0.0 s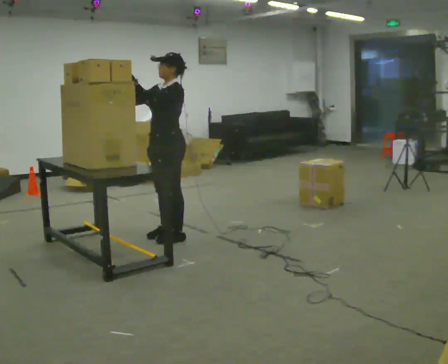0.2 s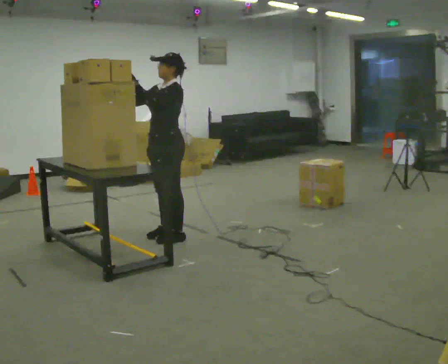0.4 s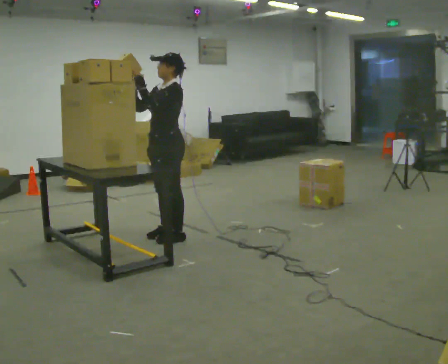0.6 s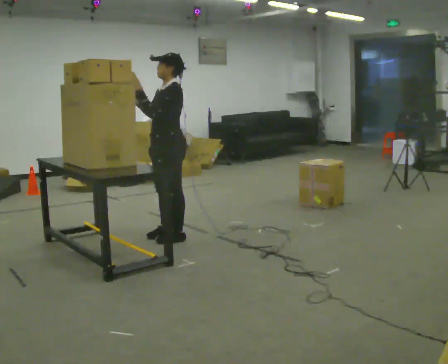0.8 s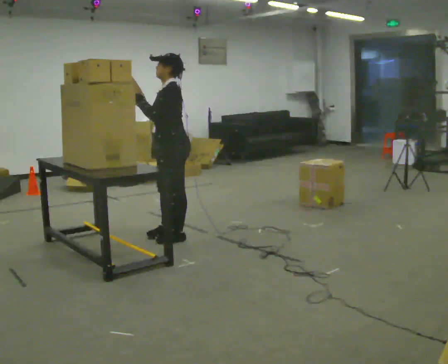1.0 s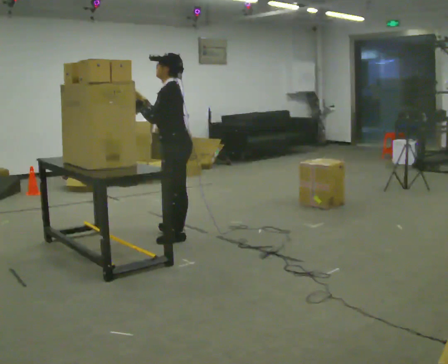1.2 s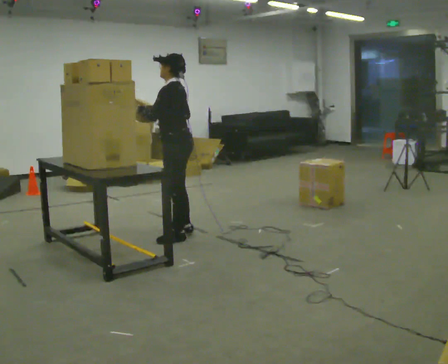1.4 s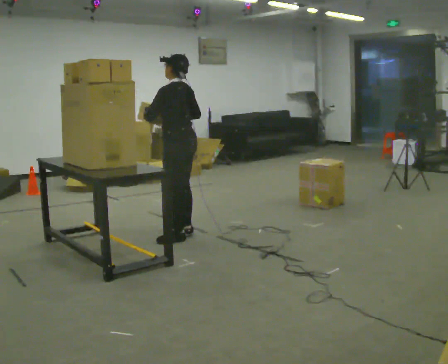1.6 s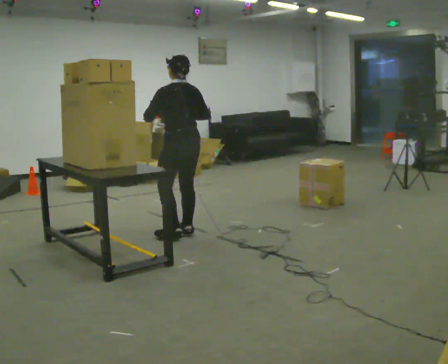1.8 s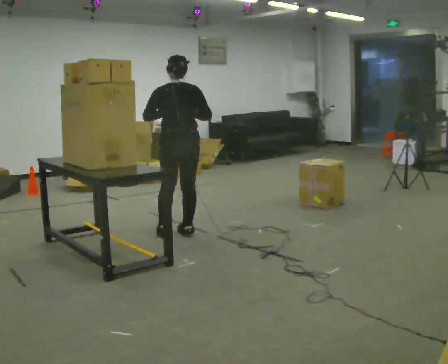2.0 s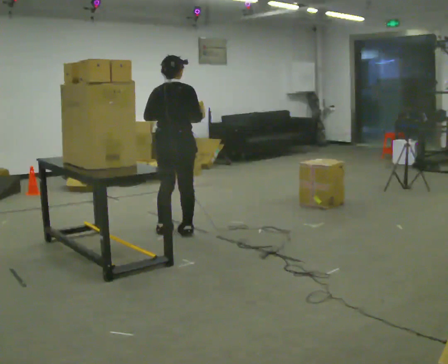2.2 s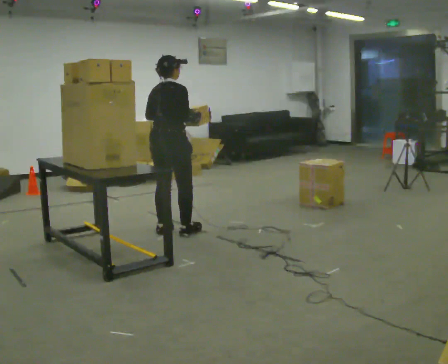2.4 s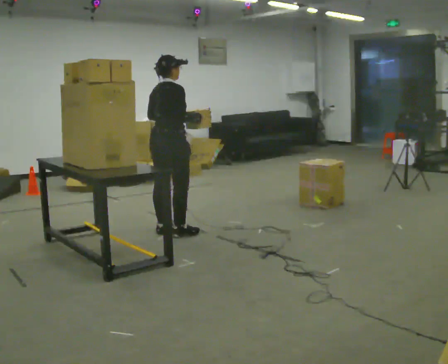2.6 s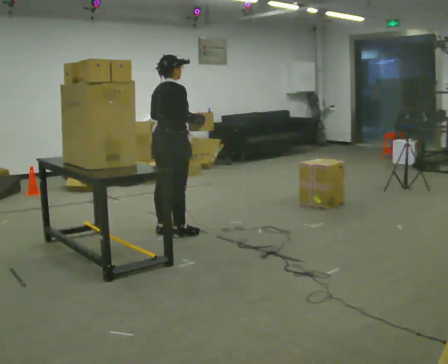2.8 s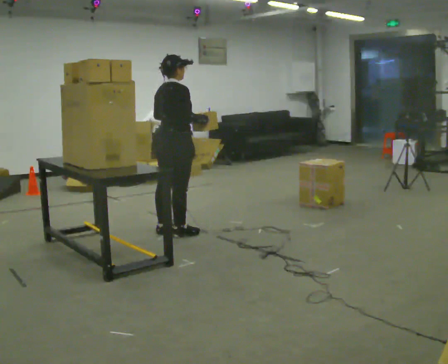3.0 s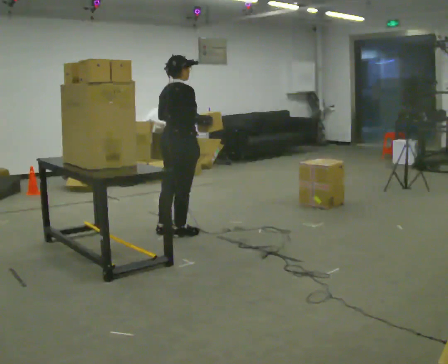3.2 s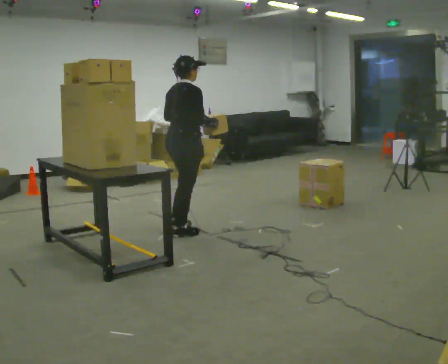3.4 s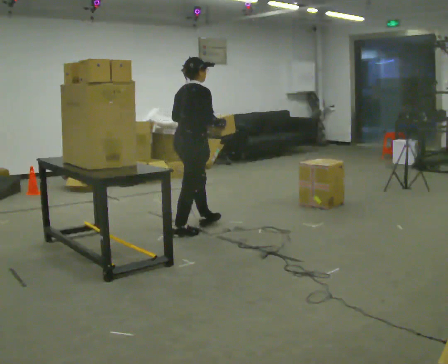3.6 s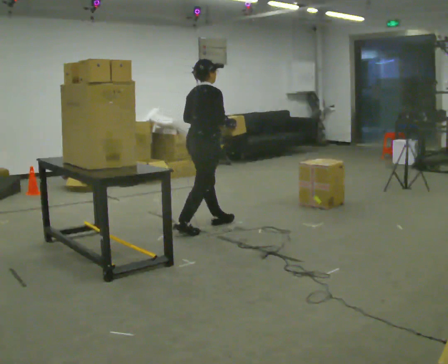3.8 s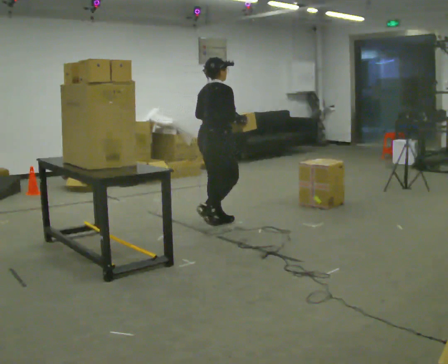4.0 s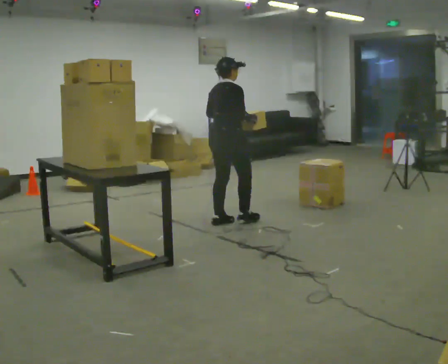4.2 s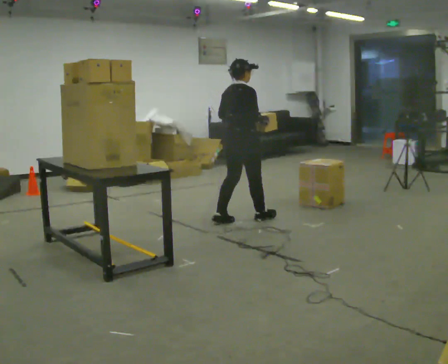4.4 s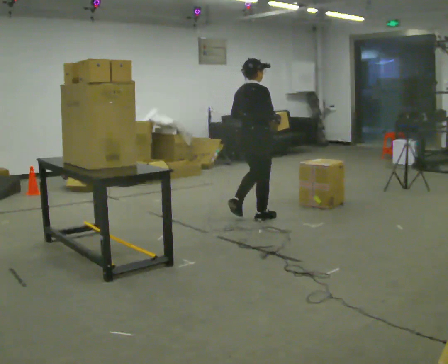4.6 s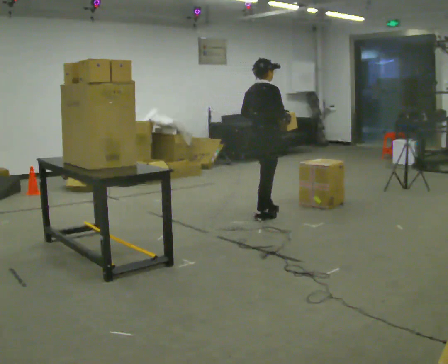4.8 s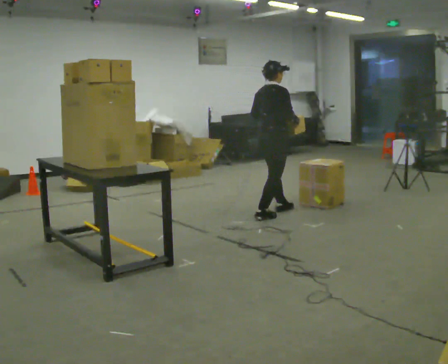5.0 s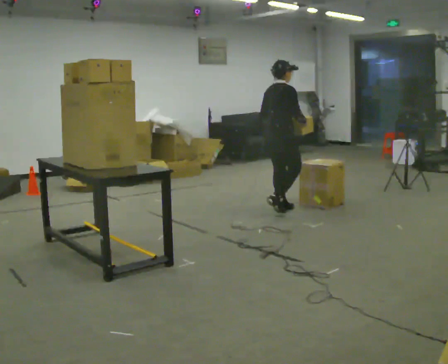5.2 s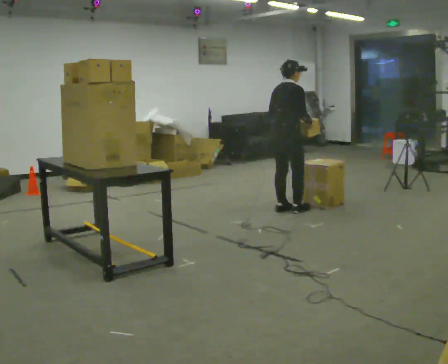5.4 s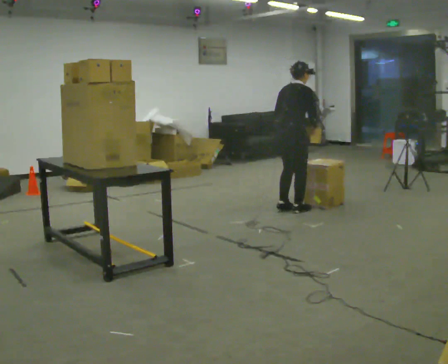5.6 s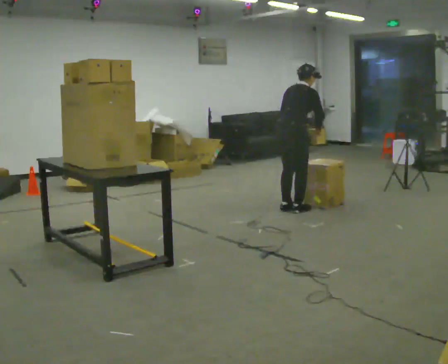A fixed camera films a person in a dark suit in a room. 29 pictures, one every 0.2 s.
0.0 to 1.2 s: The part of the body nearest the lens slides to the left as the person turns to their right by about 30 degrees. In the picture their right hand goes to the right.
1.2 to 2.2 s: Seen from above the body turns clockwise, about 120 degrees: to their right, with its near side sliding to the left. In the picture they go away from the camera, about 0.25 m in 1 step.
2.2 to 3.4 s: In the picture they go to the right, about 0.25 m, which for them is forward.
3.4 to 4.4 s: In the picture they go to the right and away from the camera, about 0.5 m in 2 steps, which for them is forward.
4.4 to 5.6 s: In the picture they go to the right and away from the camera, about 0.5 m in 2 steps, which for them is forward. In the picture the upper body tilts clockwise, shoulders to the right, as they bend forward.
The film runs forward here.
